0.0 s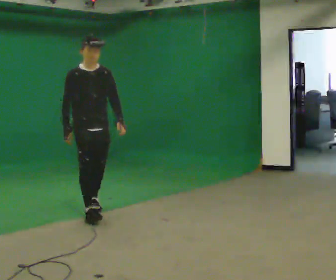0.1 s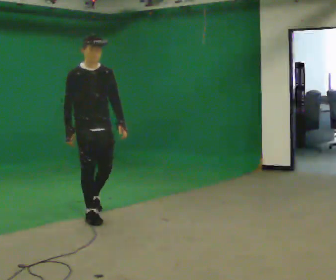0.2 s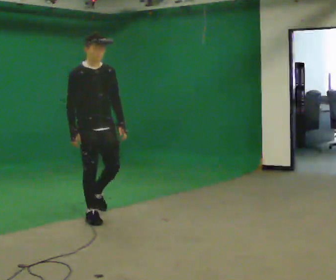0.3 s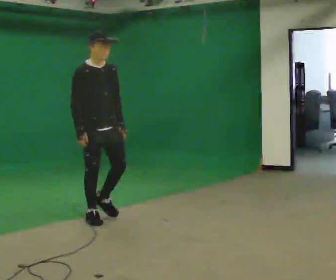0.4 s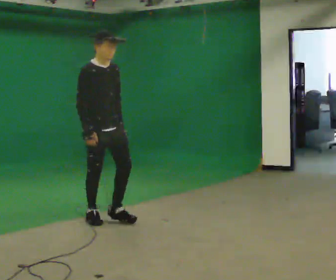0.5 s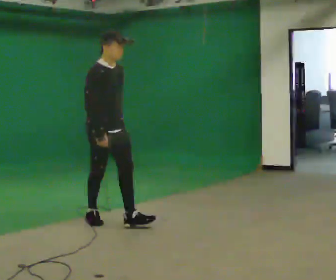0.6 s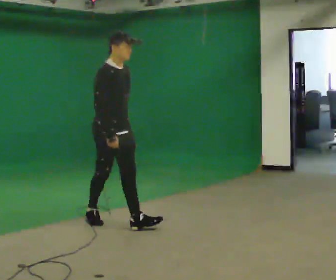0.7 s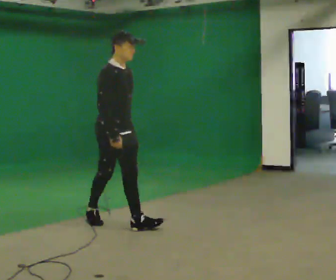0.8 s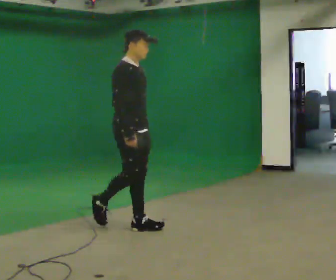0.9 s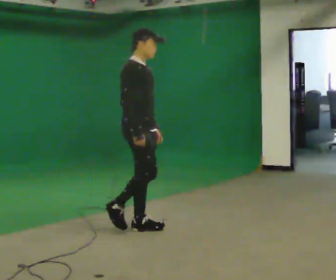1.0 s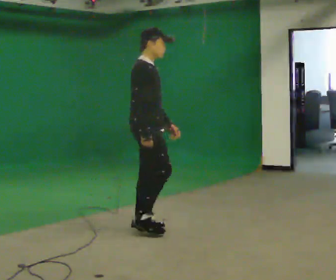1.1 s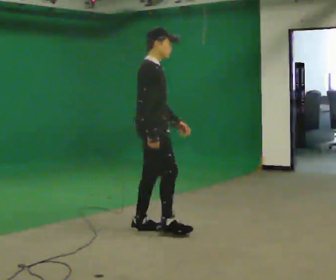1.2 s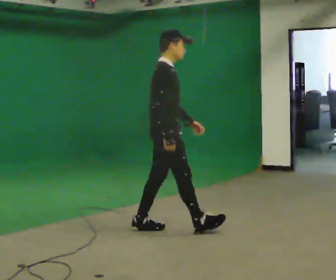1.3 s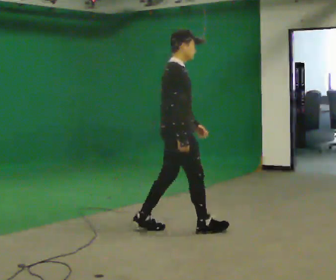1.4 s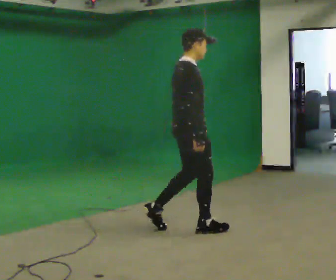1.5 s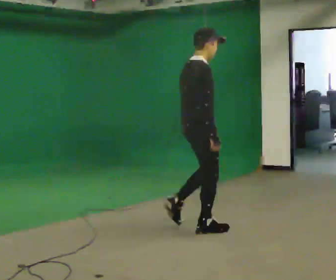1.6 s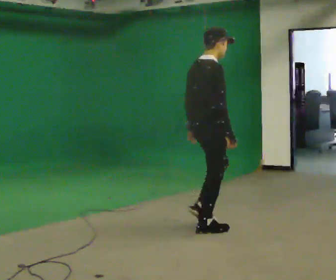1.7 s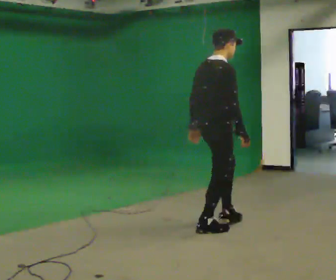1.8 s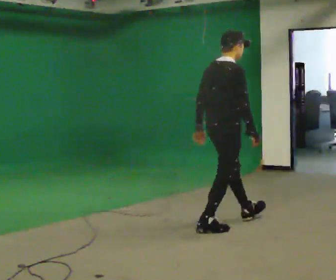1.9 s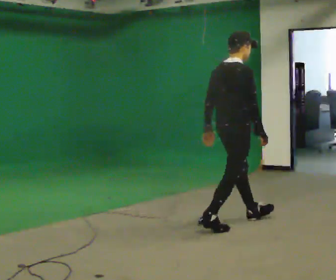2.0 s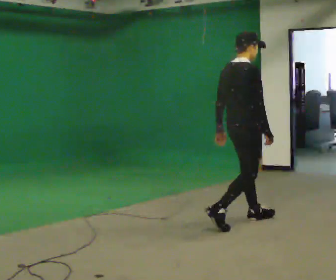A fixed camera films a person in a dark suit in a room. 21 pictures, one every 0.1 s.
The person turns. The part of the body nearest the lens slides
to the right.
The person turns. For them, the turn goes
to their left.
0.0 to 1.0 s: Seen from above the body turns counterclockwise, about 60 degrees: to their left, with its near side sliding to the right. In the picture they go toward the camera and to the right, about 1 m in 1 step, which for them is forward.
1.0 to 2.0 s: Seen from above the body turns counterclockwise, about 30 degrees: to their left, with its near side sliding to the right. In the picture they go to the right, about 1 m in 2 steps, which for them is forward.
The film runs forward here.
